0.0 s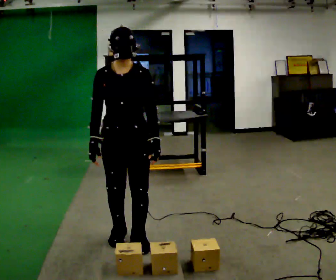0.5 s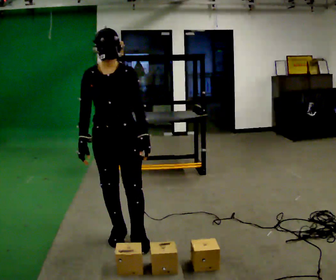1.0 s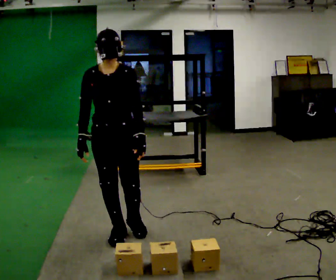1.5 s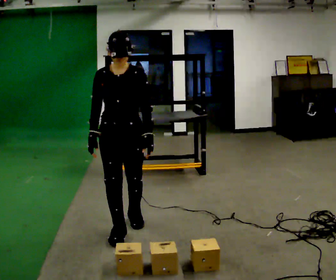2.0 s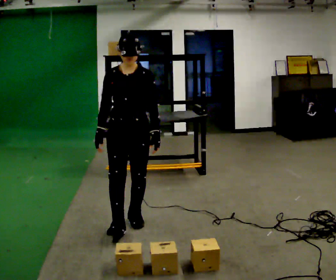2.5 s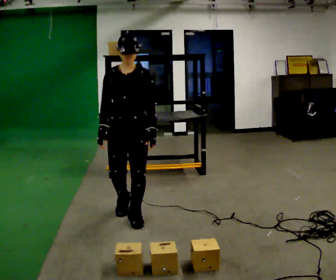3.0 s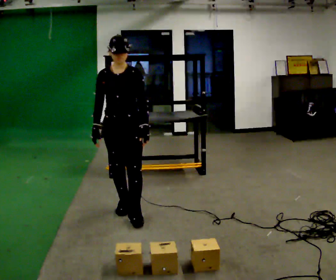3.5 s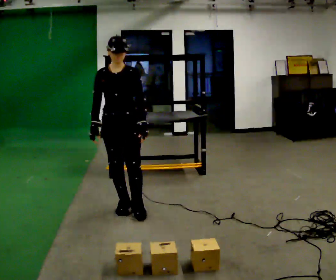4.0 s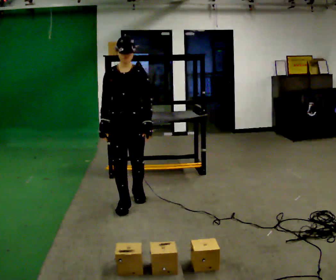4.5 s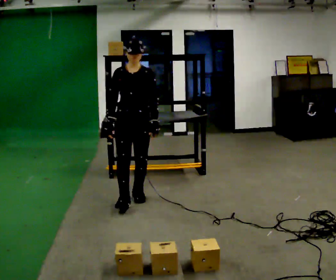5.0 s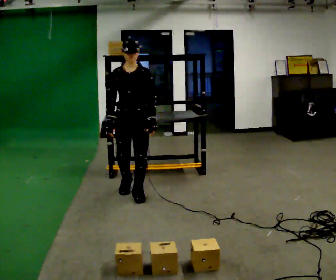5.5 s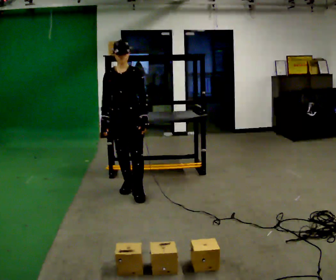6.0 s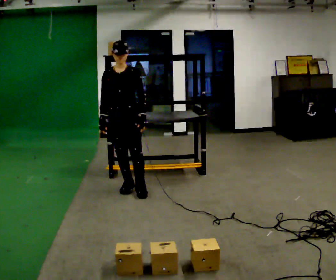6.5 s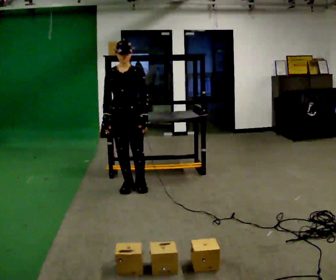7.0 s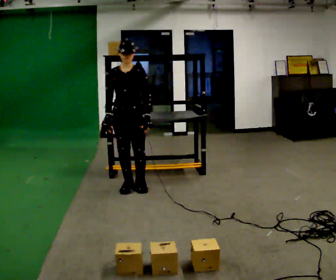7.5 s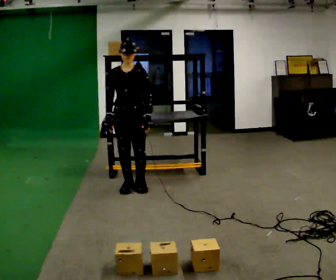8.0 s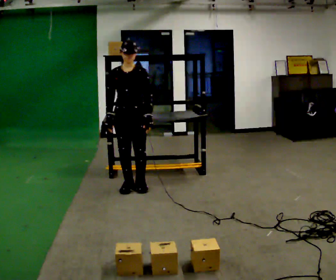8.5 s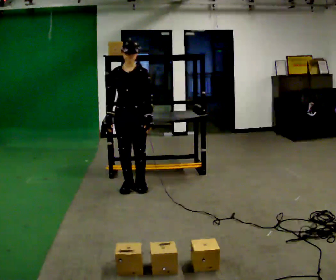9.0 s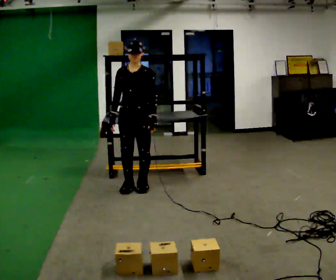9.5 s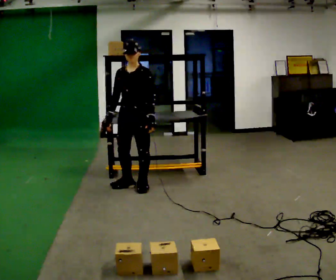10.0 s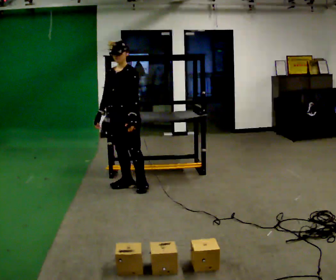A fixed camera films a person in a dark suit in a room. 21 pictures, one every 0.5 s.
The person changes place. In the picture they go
away from the camera.
0.0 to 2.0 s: In the picture they go away from the camera, about 0.5 m in 2 steps, which for them is backward.
2.0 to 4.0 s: In the picture they go away from the camera, about 0.5 m in 1 step, which for them is backward.
4.0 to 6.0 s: In the picture they go away from the camera, about 0.5 m in 2 steps, which for them is backward.
6.0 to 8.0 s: The person moves a little, or ends about where they began.
8.0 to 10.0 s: The part of the body nearest the lens slides to the left as the person turns to their right by about 30 degrees.
The film runs backward here.
